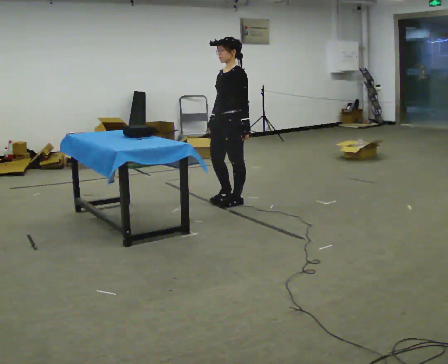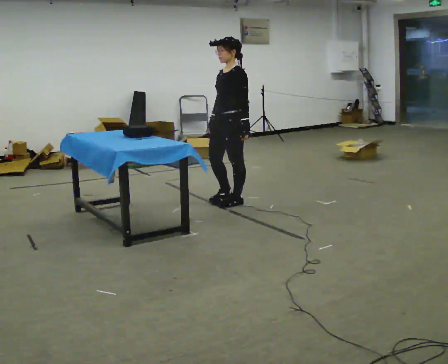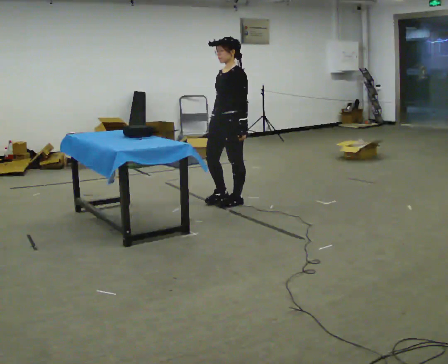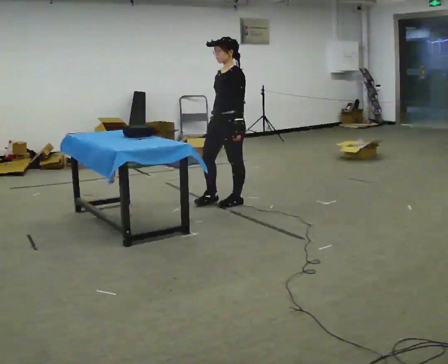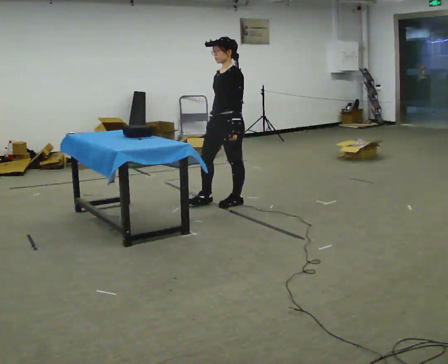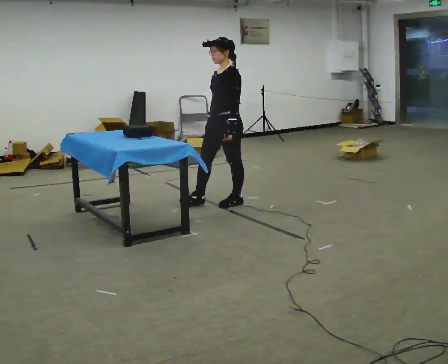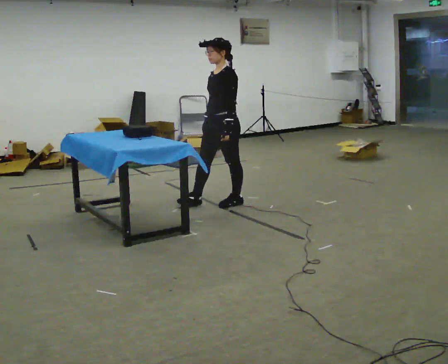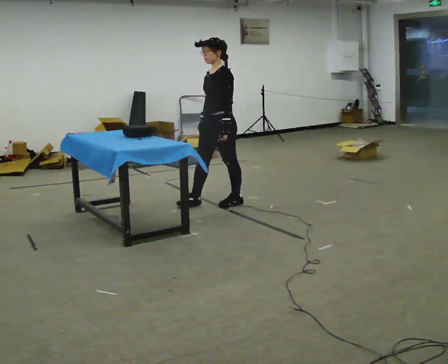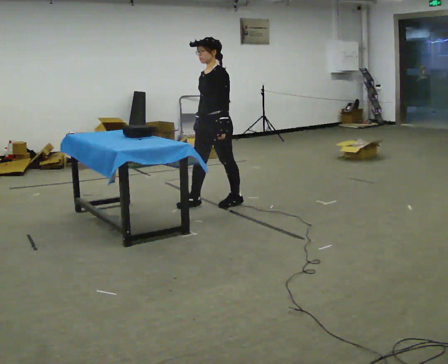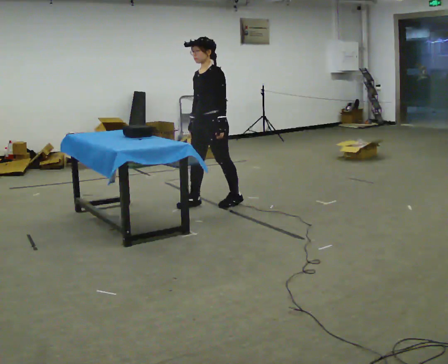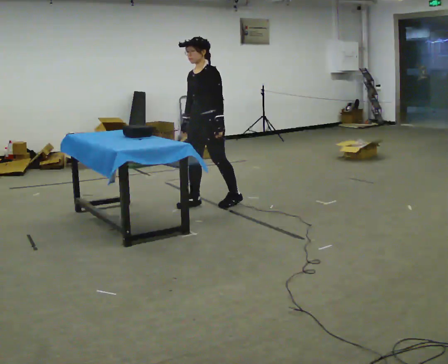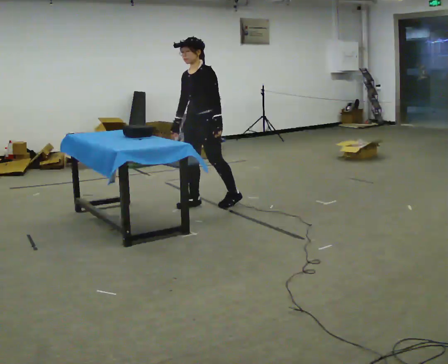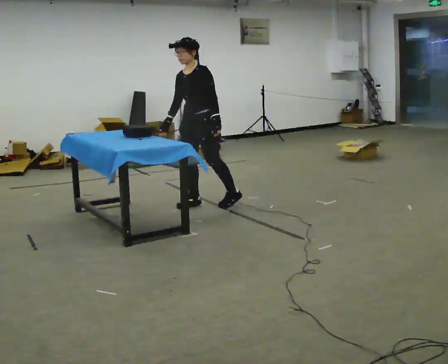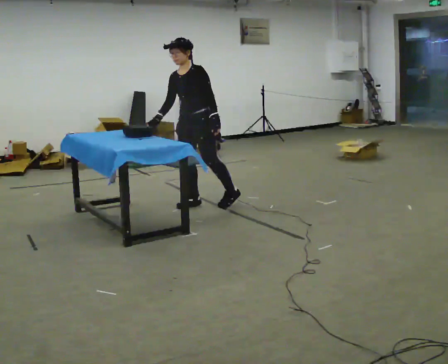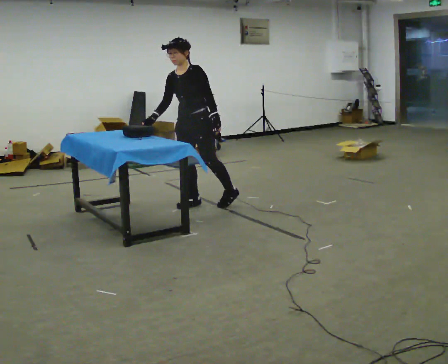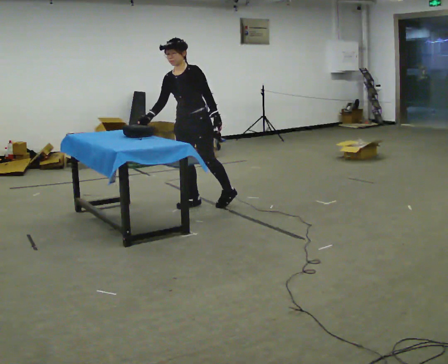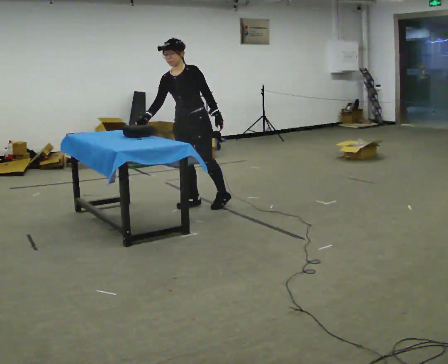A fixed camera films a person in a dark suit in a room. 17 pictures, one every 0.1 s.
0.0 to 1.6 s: Seen from above the body turns counterclockwise, about 30 degrees: to their left, with its near side sliding to the right. In the picture they go to the left, about 0.25 m in 2 steps, which for them is forward and to their right. In the picture the upper body tilts counterclockwise, shoulders to the left, as they bend forward.
The film runs backward here.
